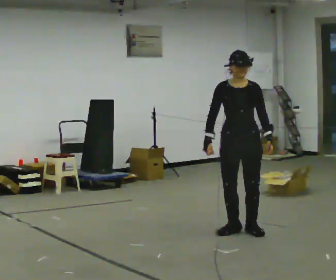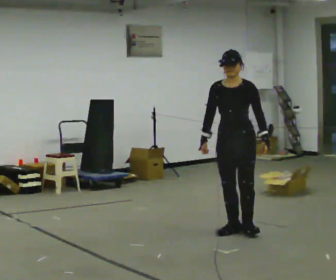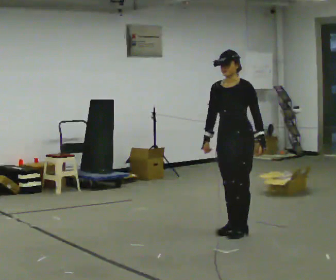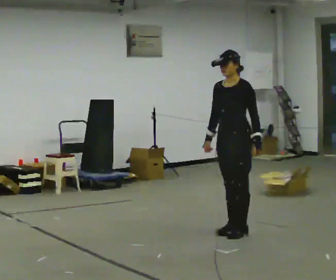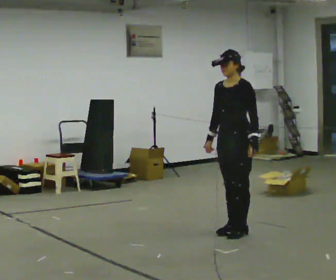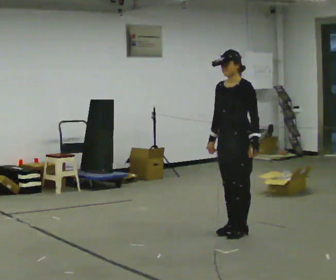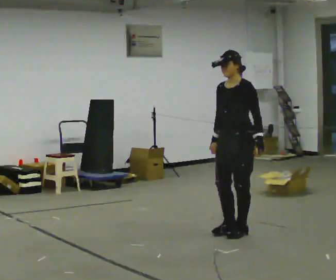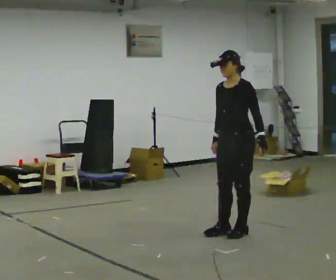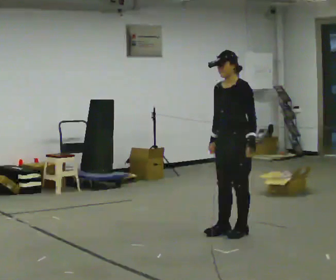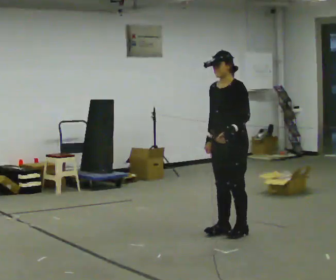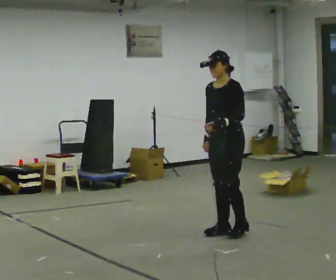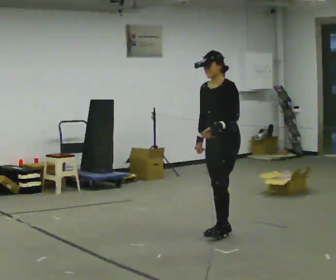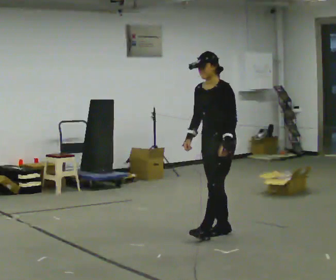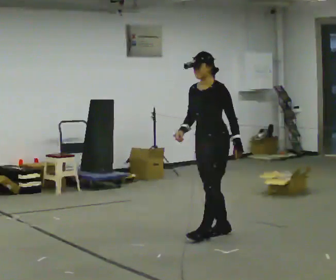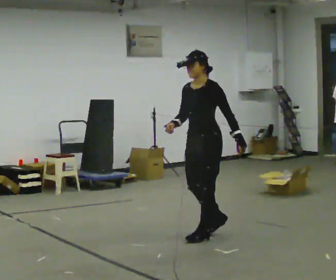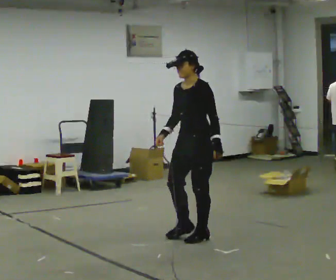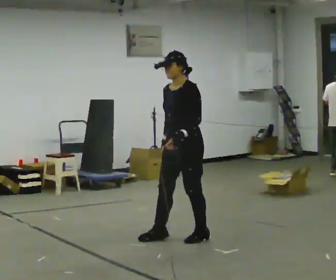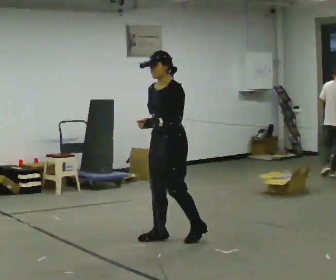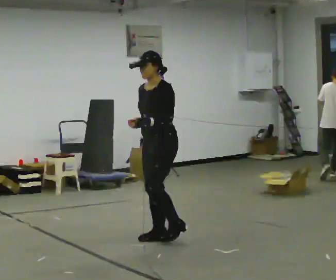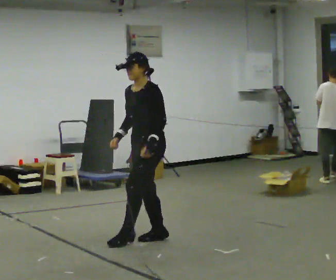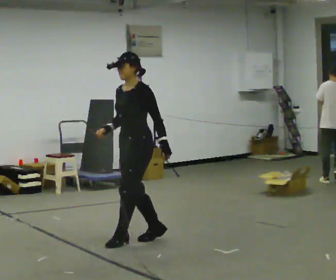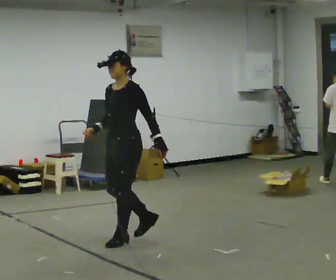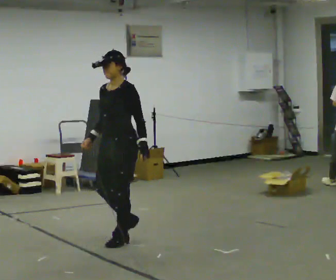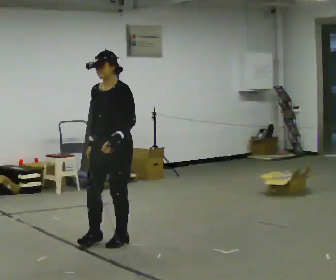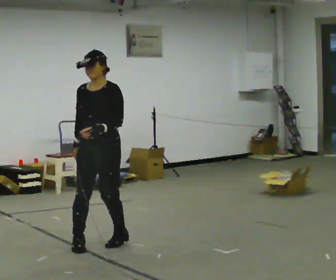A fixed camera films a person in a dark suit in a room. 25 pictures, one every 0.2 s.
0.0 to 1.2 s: The person turns about 60 degrees to their right, clockwise seen from above, so the part of the body nearest the lens slides to the left.
1.2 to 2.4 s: In the picture they go to the left, about 0.25 m in 1 step, which for them is forward.
2.4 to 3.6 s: In the picture they go to the left, about 0.5 m in 2 steps, which for them is forward.
3.6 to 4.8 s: The person turns about 30 degrees to their left, counterclockwise seen from above, so the part of the body nearest the lens slides to the right. In the picture they go to the left and toward the camera, about 0.5 m in 1 step, which for them is forward.
The film runs backward here.
